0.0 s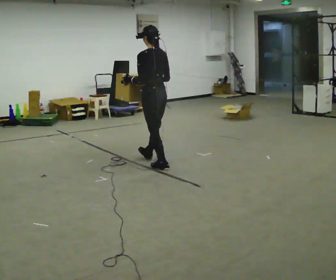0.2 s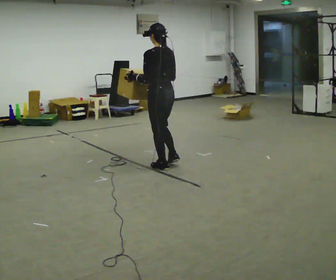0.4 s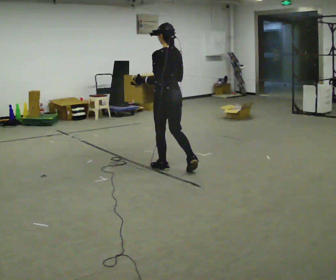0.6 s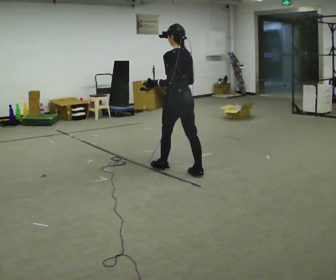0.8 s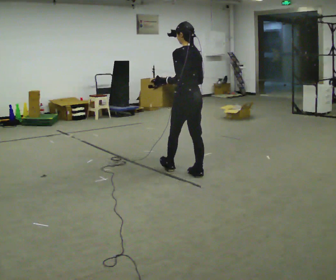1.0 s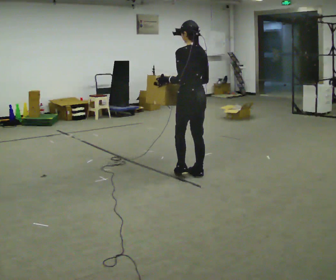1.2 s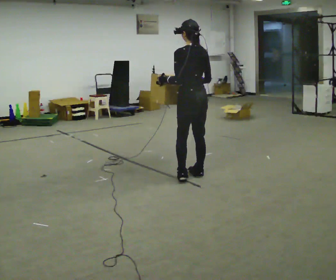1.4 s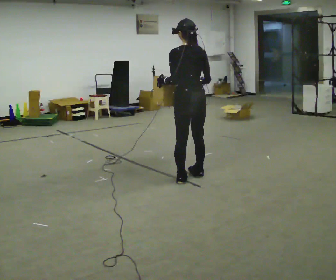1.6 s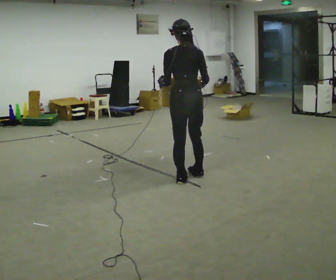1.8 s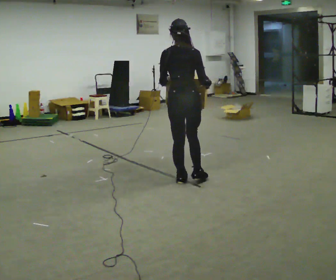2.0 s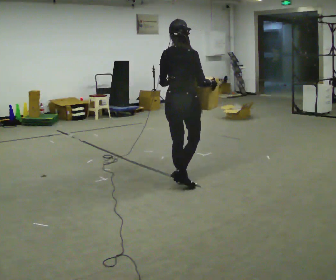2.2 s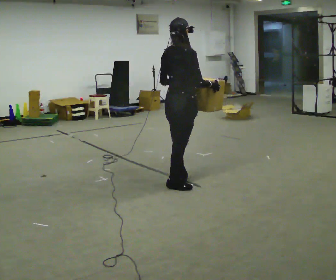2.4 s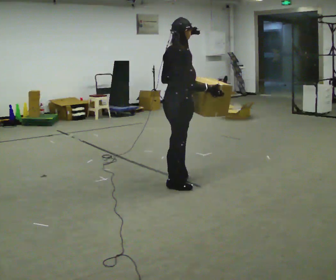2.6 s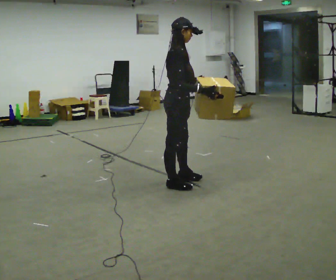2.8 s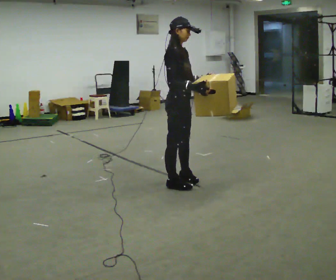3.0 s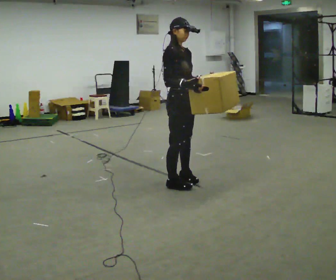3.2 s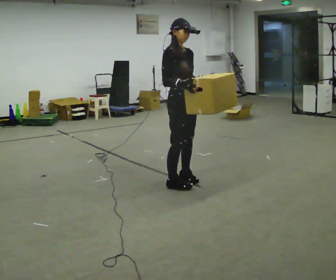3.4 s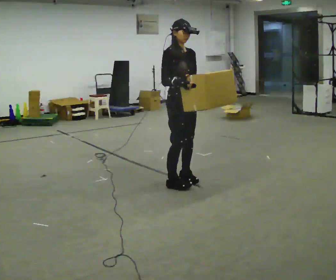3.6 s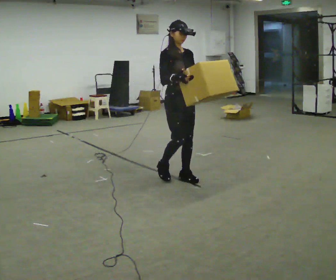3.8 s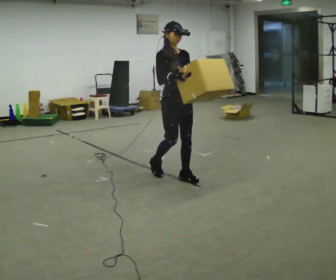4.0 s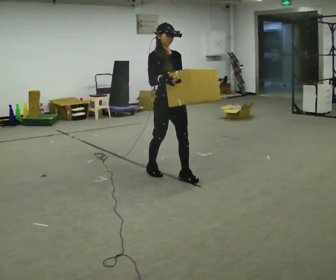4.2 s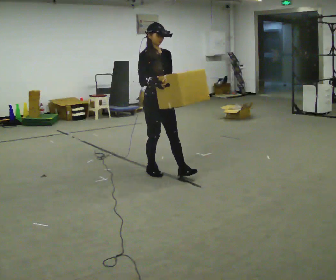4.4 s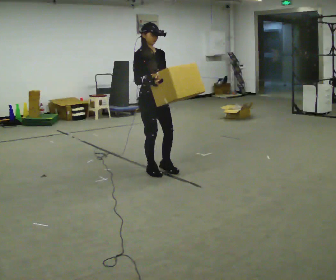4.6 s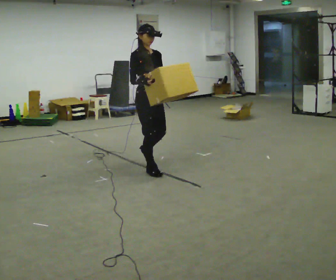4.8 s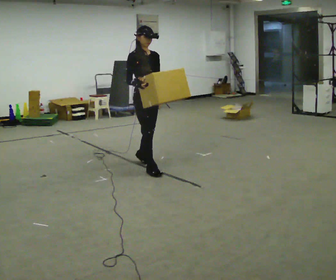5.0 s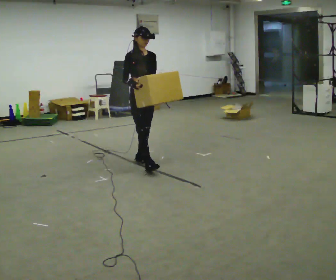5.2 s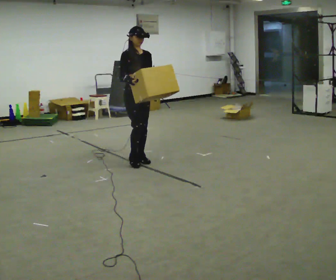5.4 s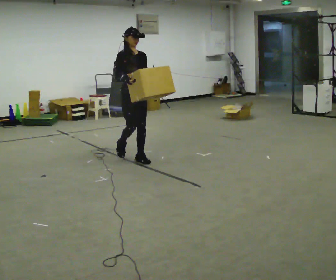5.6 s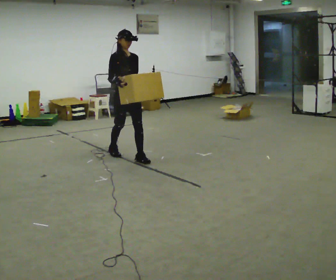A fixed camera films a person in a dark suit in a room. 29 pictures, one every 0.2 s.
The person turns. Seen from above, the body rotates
clockwise.
The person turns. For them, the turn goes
to their right.
0.0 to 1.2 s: In the picture they go to the right and toward the camera, about 0.5 m in 1 step, which for them is backward.
1.2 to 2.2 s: Seen from above the body turns clockwise, about 75 degrees: to their right, with its near side sliding to the left. In the picture they go toward the camera and to the left, about 0.25 m in 1 step.
2.2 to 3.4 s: The person turns about 90 degrees to their right, clockwise seen from above, so the part of the body nearest the lens slides to the left. In the picture their right hand goes to the left.
3.4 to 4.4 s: In the picture they go to the left and away from the camera, about 0.5 m in 2 steps, which for them is backward.
4.4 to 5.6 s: In the picture they go away from the camera and to the left, about 0.75 m in 1 step, which for them is backward.
The film runs backward here.
